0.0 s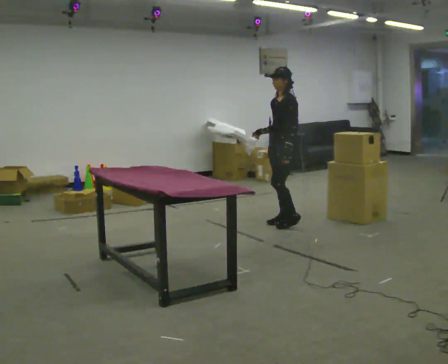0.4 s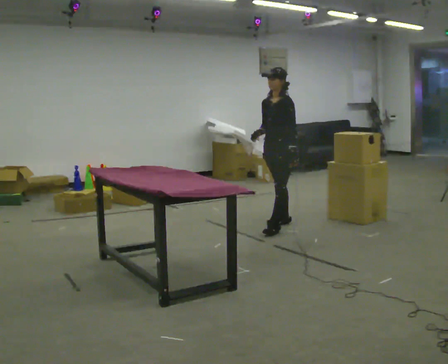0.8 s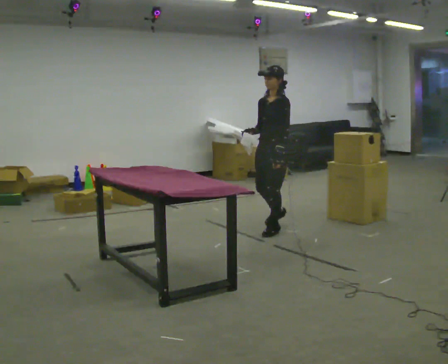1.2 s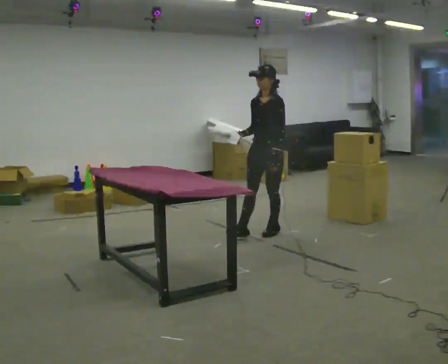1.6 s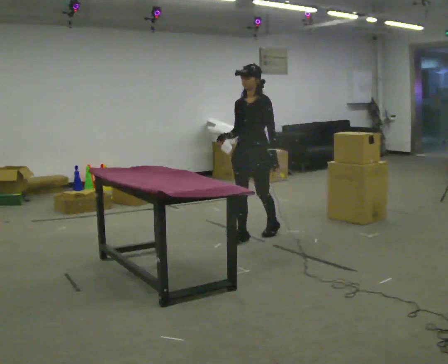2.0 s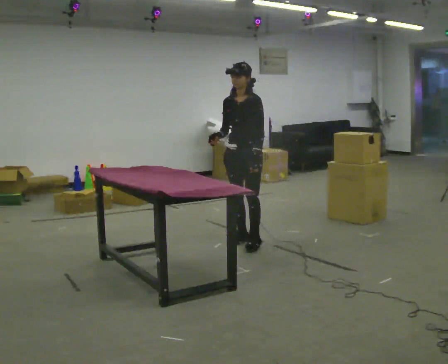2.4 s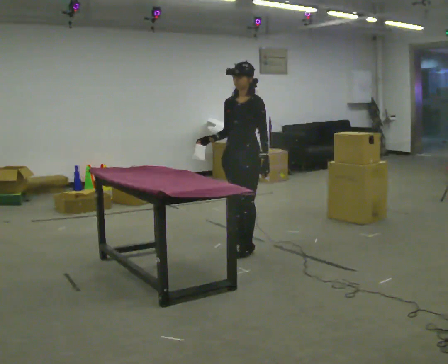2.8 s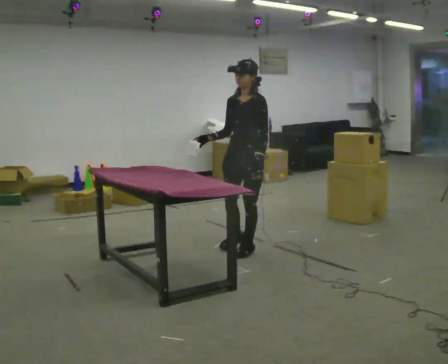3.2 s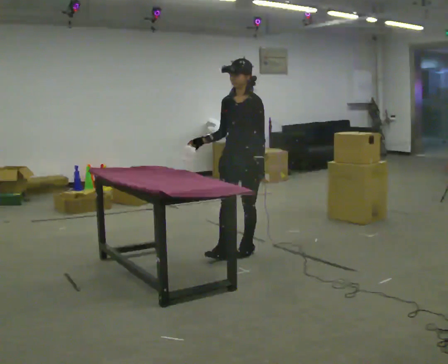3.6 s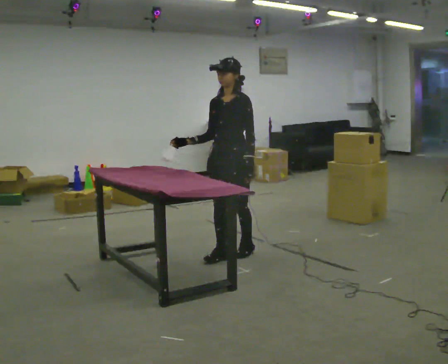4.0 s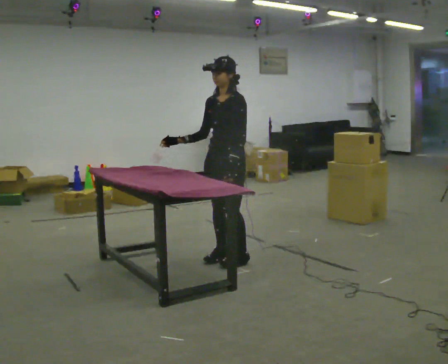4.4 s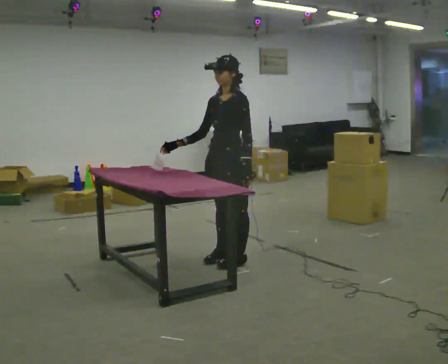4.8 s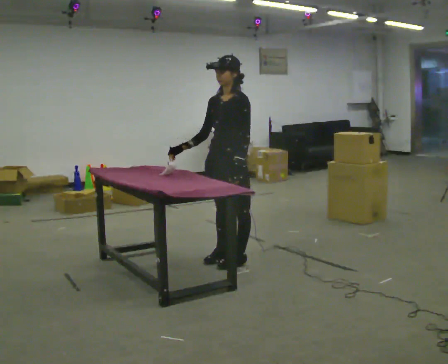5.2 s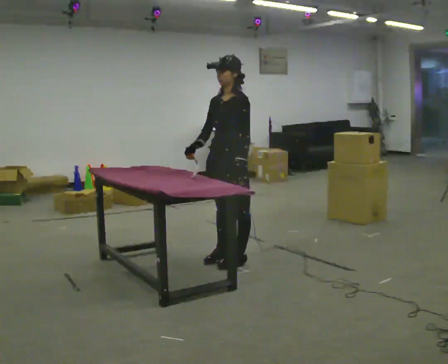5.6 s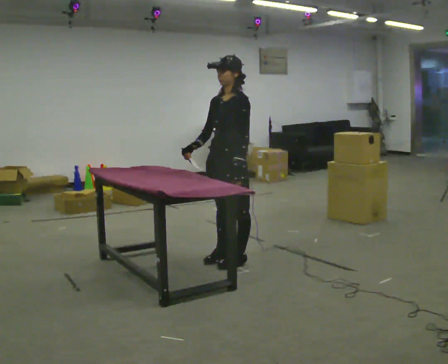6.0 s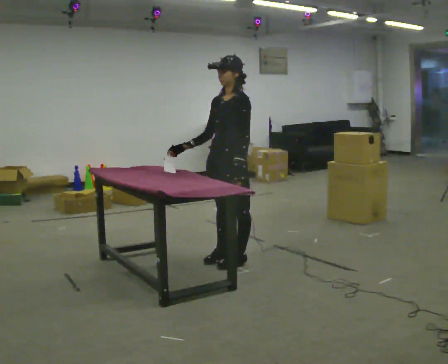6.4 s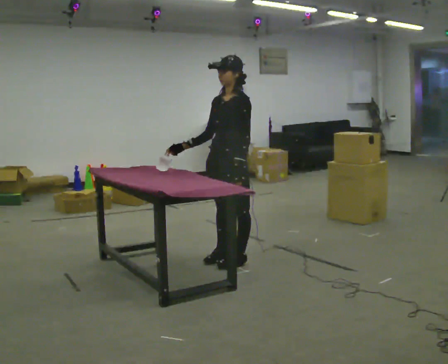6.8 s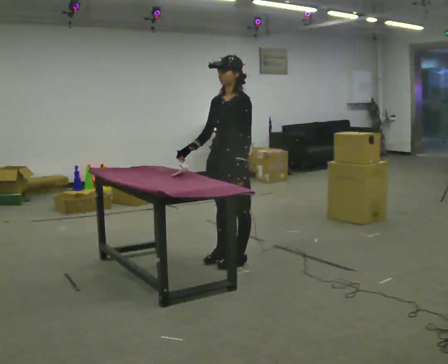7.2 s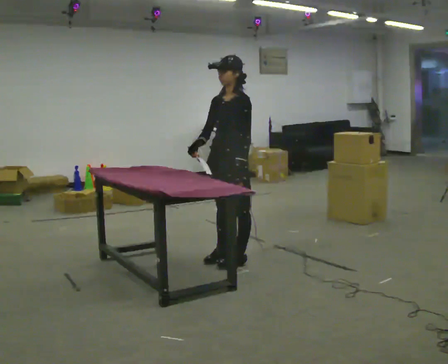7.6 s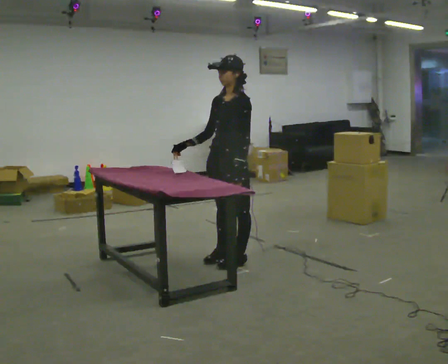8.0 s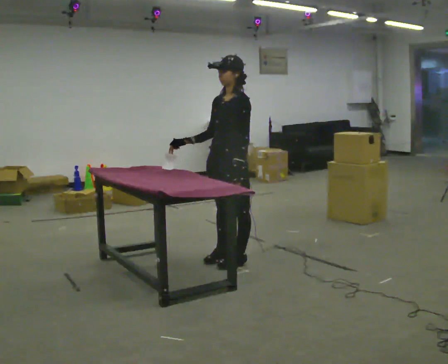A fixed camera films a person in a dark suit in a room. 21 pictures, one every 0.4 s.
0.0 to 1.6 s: The person turns about 30 degrees to their left, counterclockwise seen from above, so the part of the body nearest the lens slides to the right. In the picture they go toward the camera and to the left, about 0.5 m in 2 steps, which for them is forward and to their left.
1.6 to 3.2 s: In the picture they go toward the camera, about 0.5 m in 2 steps, which for them is forward and to their left.
3.2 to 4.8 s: In the picture they go toward the camera, about 0.25 m in 1 step, which for them is forward.
4.8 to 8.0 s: The person moves a little, or ends about where they began.
The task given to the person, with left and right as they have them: Fetch the tool from the shelf, carry it to the workpiece, use it there as the operator shows you, then take it back to the shelf. Keep going until the operator says stop; one object at a time, and do not rush between trips.
The film runs forward here.
